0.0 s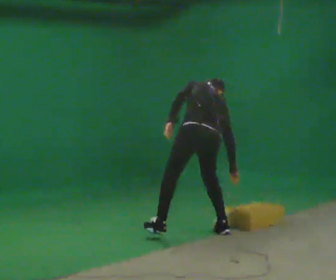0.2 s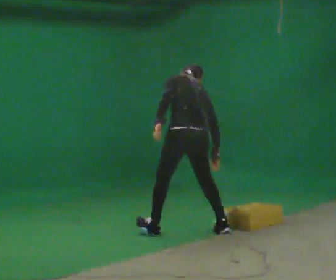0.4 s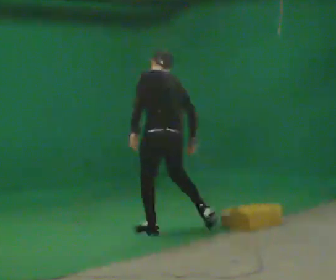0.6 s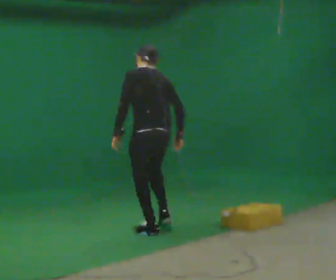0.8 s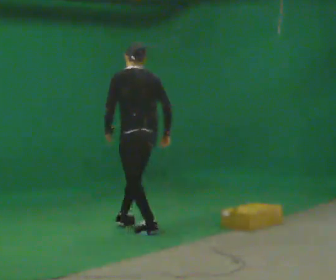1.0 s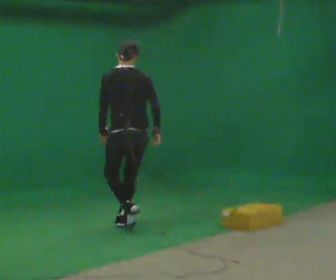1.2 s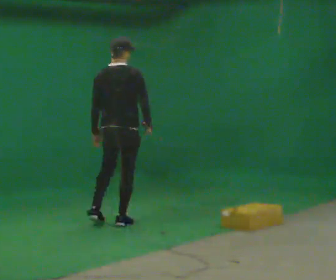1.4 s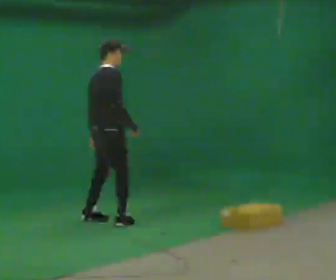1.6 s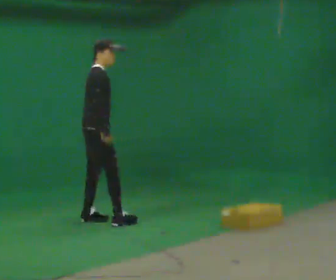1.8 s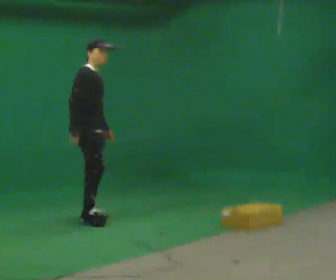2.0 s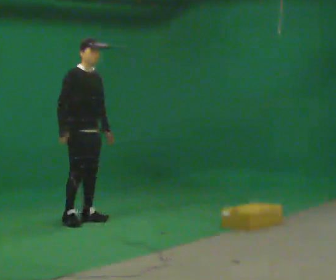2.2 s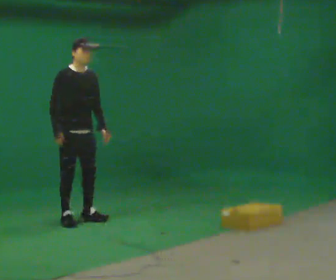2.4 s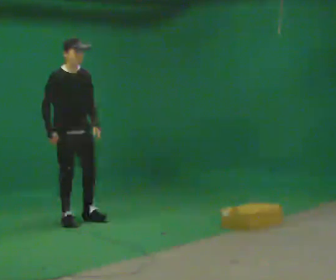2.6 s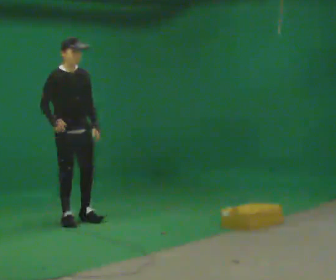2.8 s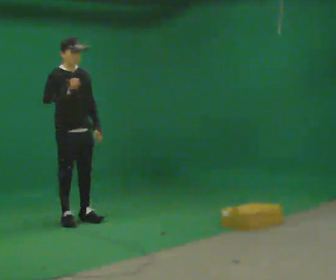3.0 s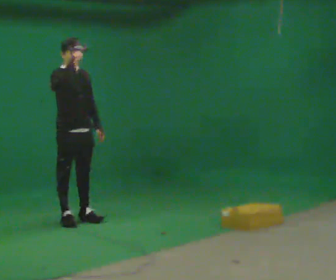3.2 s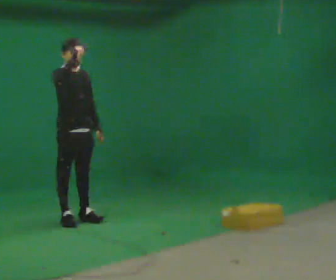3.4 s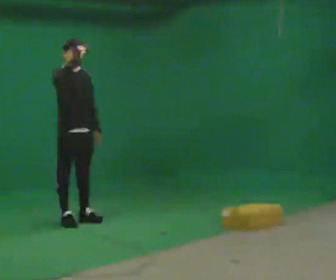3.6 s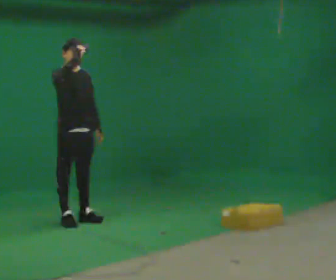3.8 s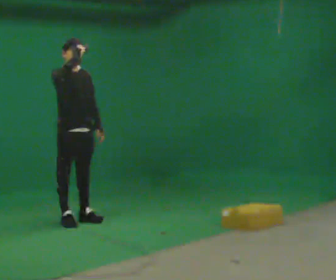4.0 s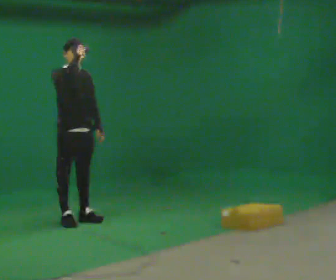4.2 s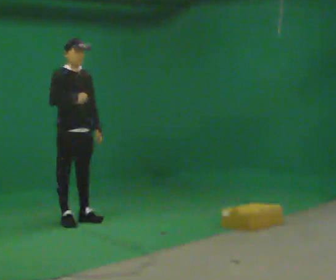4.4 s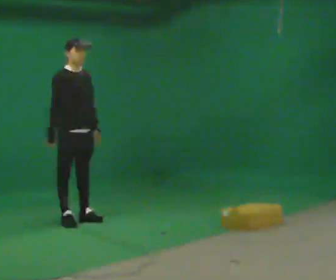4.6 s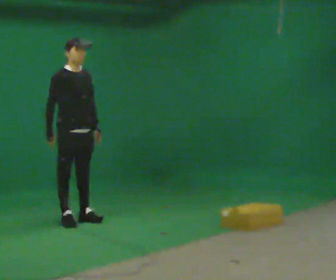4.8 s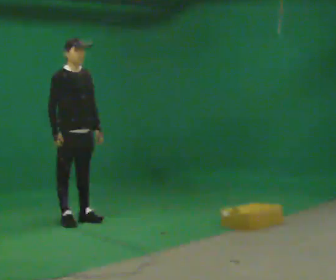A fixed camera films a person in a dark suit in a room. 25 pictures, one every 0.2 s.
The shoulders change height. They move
upward.
Their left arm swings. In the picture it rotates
counterclockwise.
0.0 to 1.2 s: The person turns about 45 degrees to their right, clockwise seen from above, so the part of the body nearest the lens slides to the left. In the picture they go to the left and away from the camera, about 1 m in 2 steps, which for them is forward. The upper body goes upward. The upper body tips toward the camera, its near side rolling downward, as they lean back or straighten.
1.2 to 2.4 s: The person turns about 120 degrees to their right, clockwise seen from above, so the part of the body nearest the lens slides to the left. In the picture they go to the left, about 0.5 m in 2 steps.
2.4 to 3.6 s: In the picture their right hand goes upward.
3.6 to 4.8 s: In the picture their right hand goes downward.
The film runs forward here.
